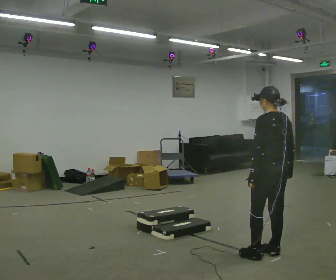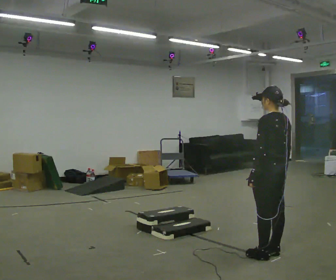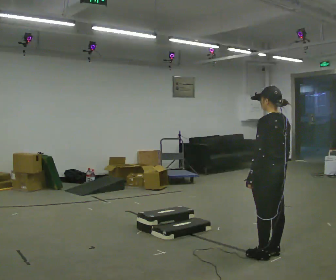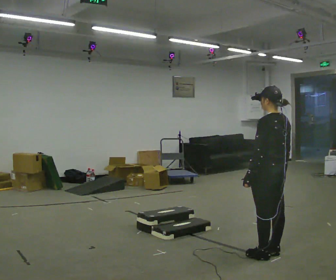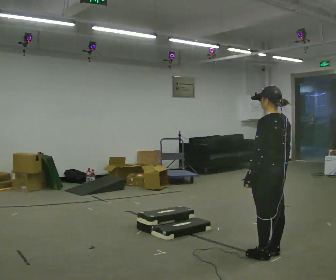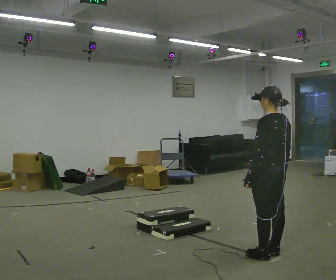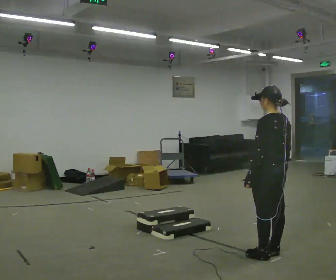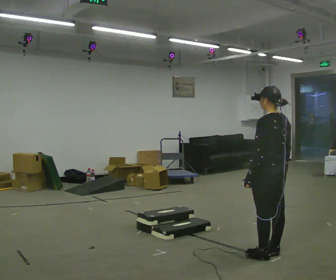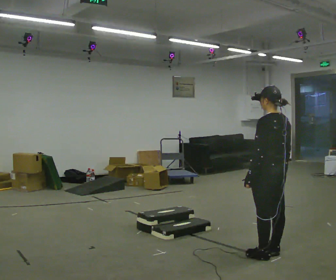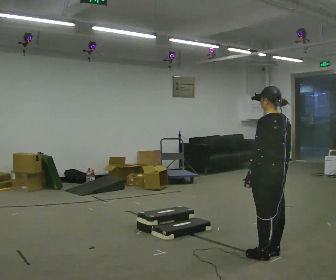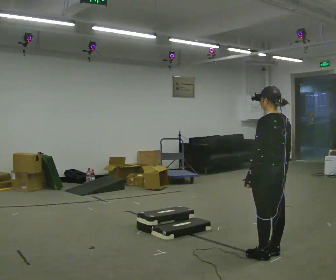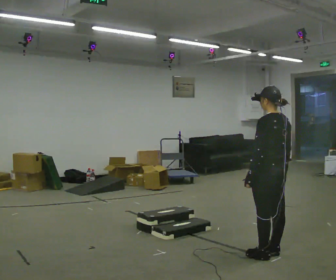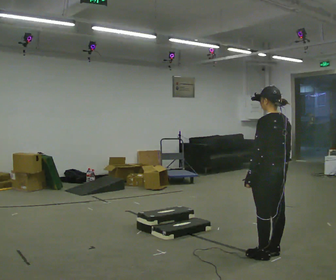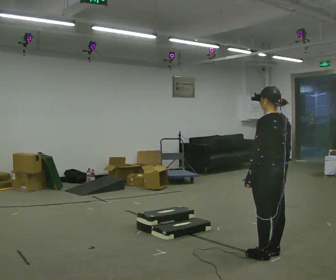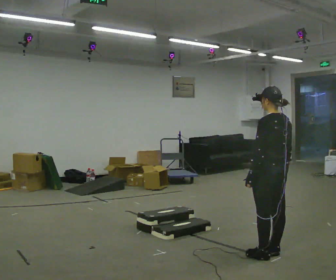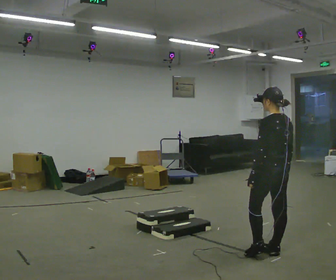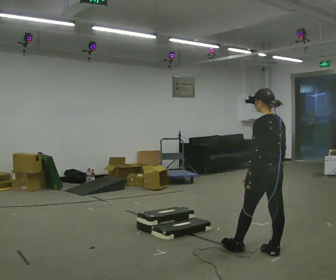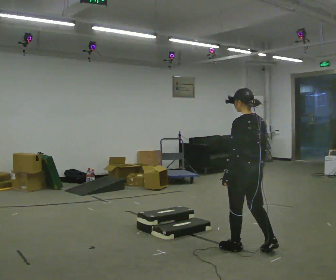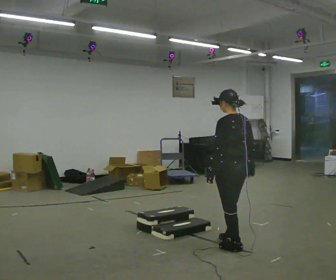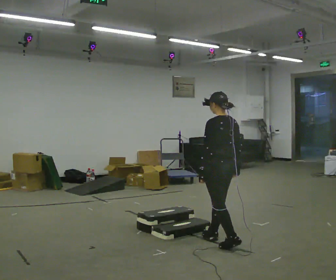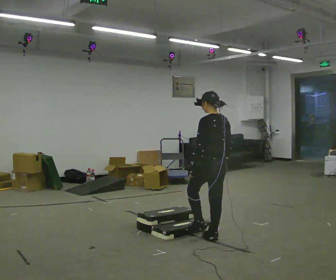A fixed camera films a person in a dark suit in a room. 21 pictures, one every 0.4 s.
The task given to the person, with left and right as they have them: Walk up the three steps, turn at the top, and walk back down at a comfortable speed. Use the handrail only if you need it.
0.0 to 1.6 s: The person moves a little, or ends about where they began.
1.6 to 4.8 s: The person keeps their place and pose.
4.8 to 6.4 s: The person moves a little, or ends about where they began.
6.4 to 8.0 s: In the picture they go to the left and away from the camera, about 0.75 m in 2 steps, which for them is forward.
The film runs forward here.
